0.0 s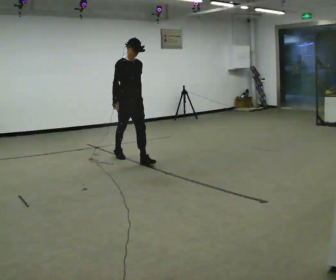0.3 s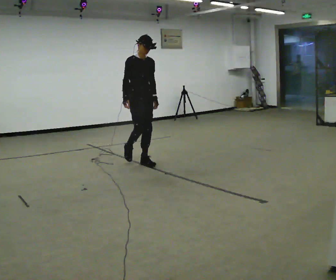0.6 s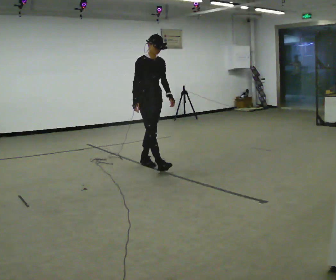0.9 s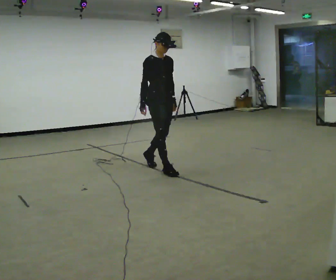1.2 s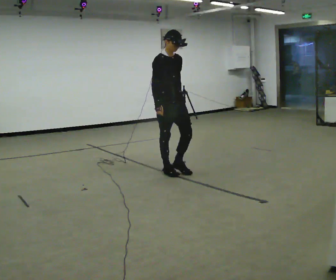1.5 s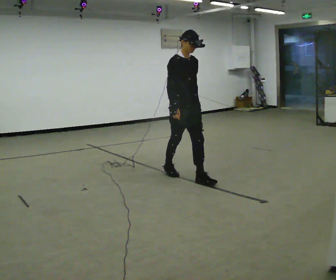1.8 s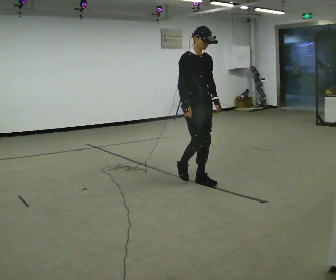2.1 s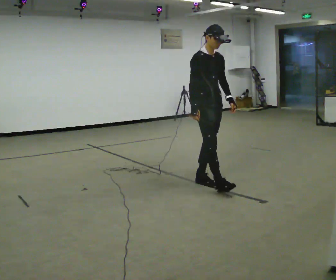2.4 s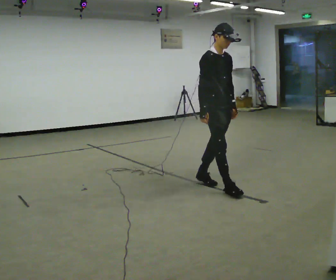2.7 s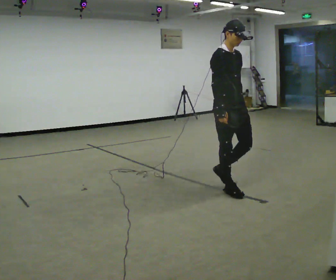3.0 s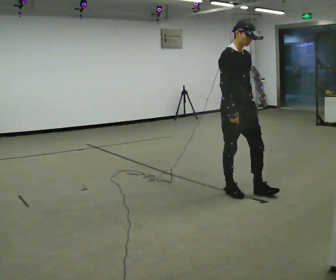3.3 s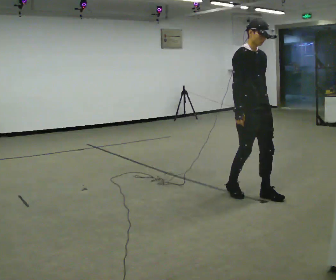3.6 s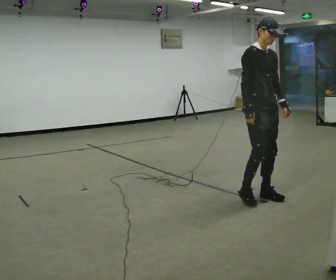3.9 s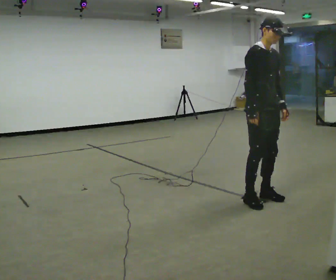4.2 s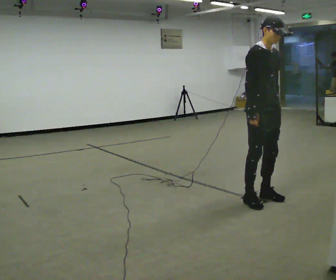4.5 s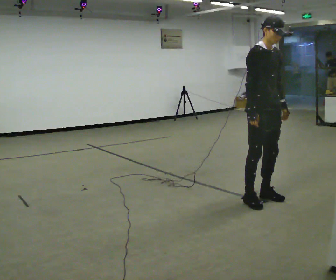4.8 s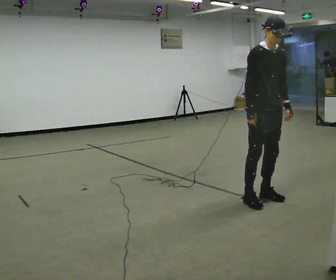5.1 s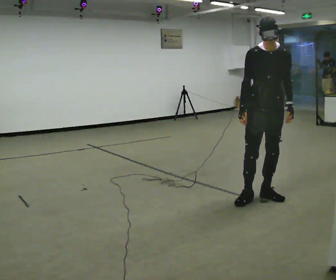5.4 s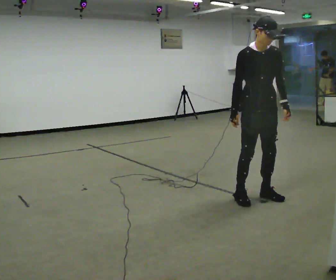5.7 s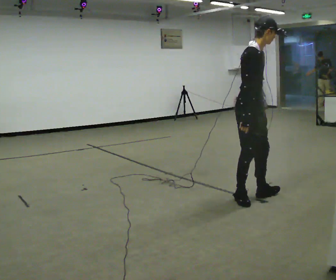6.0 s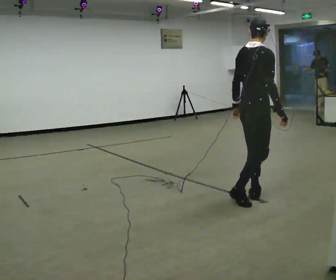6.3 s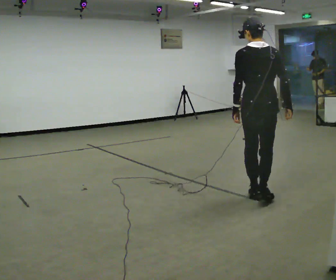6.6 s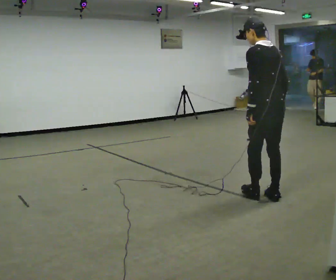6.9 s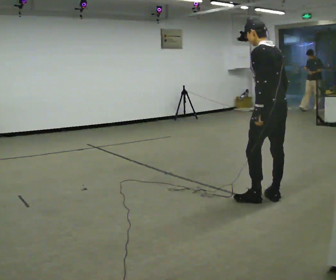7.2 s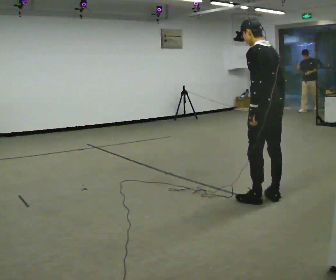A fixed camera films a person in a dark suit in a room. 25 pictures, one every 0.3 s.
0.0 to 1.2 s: In the picture they go toward the camera and to the right, about 1 m in 1 step, which for them is forward.
1.2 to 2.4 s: In the picture they go to the right and toward the camera, about 1 m in 2 steps, which for them is forward.
2.4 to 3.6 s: In the picture they go to the right and toward the camera, about 0.5 m in 1 step, which for them is forward.
3.6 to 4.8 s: The person moves a little, or ends about where they began.
4.8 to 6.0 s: The part of the body nearest the lens slides to the right as the person turns to their left by about 90 degrees. In the picture their left hand goes to the left.
6.0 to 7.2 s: Seen from above the body turns counterclockwise, about 105 degrees: to their left, with its near side sliding to the right. In the picture they go to the right, about 0.25 m in 2 steps. In the picture the upper body tilts counterclockwise, shoulders to the left.
The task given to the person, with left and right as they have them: Walk forward noticeably slower than normal; do not shuffle; stop.
The film runs forward here.
